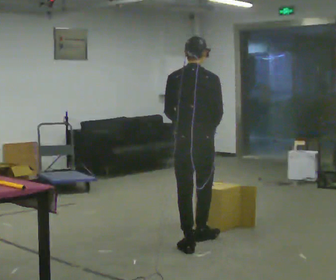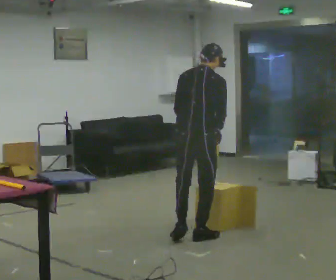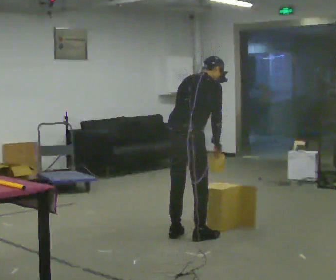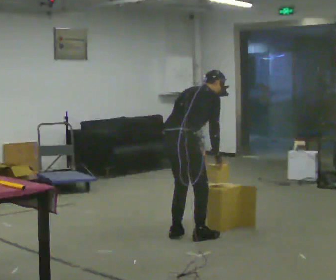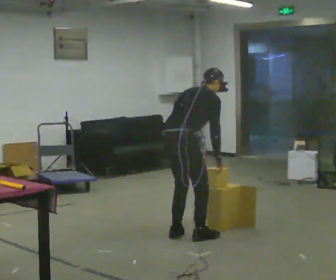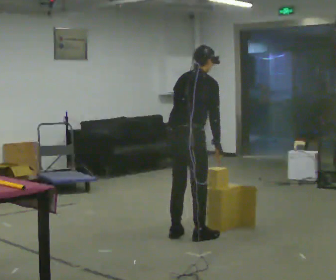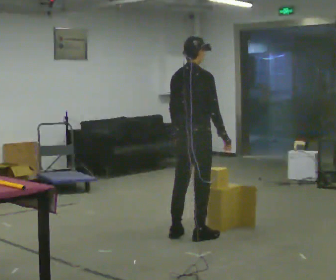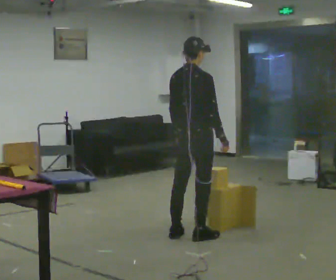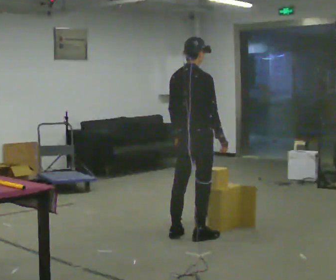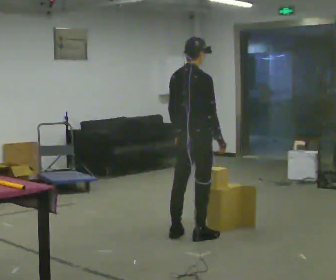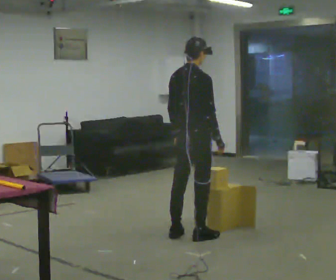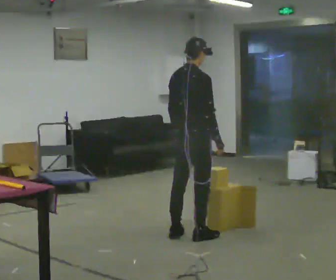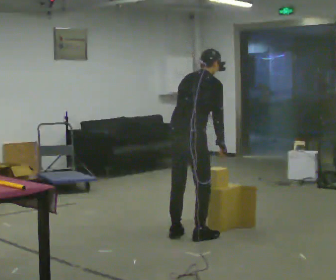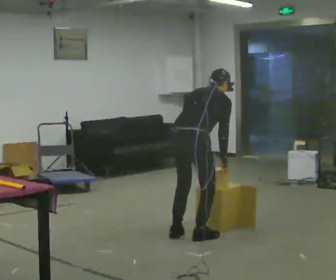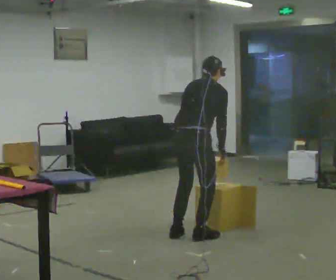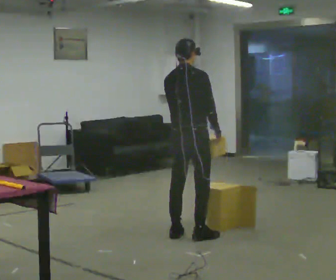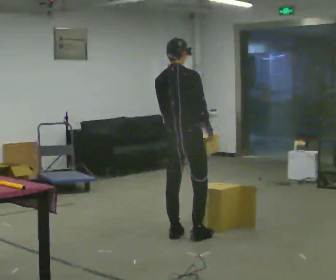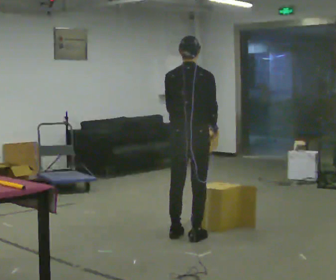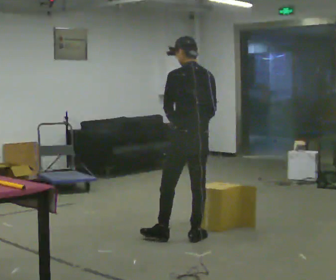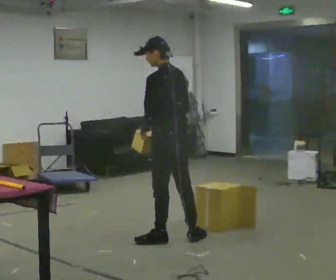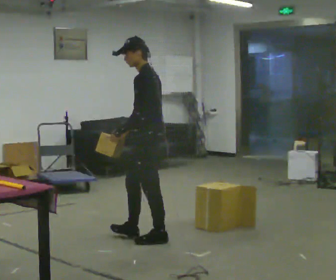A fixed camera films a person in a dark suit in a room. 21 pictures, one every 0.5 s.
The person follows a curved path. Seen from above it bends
counterclockwise.
0.0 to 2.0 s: Seen from above the body turns clockwise, about 30 degrees: to their right, with its near side sliding to the left. In the picture they go away from the camera, about 0.25 m in 2 steps, which for them is to their left and forward. The shoulders move downward. The upper body tips away from the camera, its near side rolling upward, as they bend forward.
2.0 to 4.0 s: The shoulders move upward. The upper body tips toward the camera, its near side rolling downward, as they lean back or straighten.
4.0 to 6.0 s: The upper body tips away from the camera, its near side rolling upward, as they bend forward.
6.0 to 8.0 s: The person moves a little, or ends about where they began.
8.0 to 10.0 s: The part of the body nearest the lens slides to the right as the person turns to their left by about 120 degrees. In the picture they go to the left and toward the camera, about 0.25 m in 1 step.
The film runs forward here.
